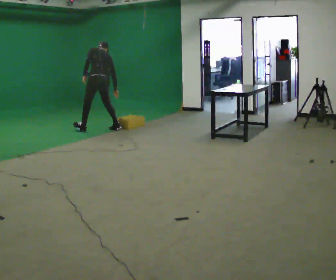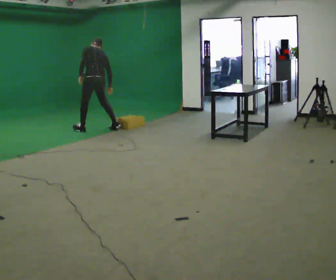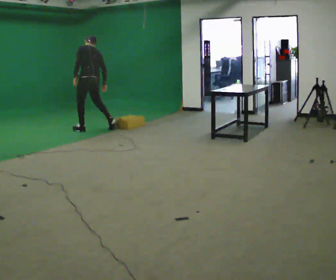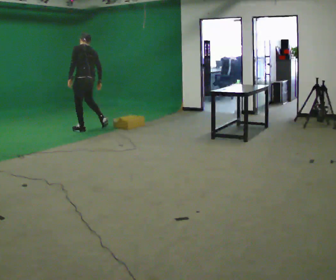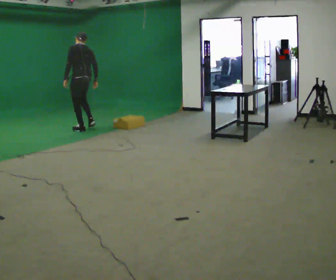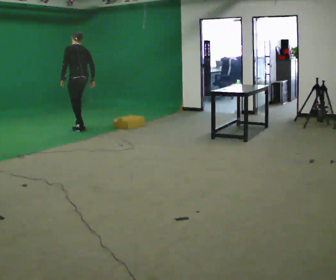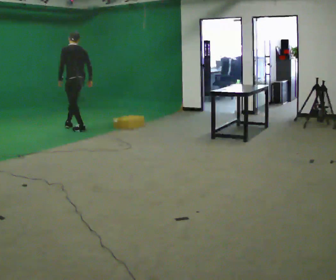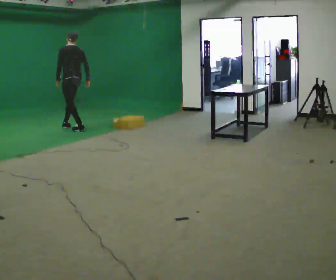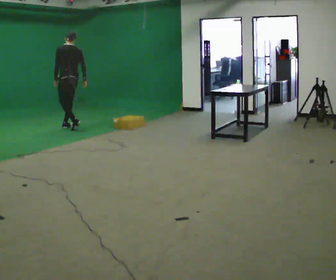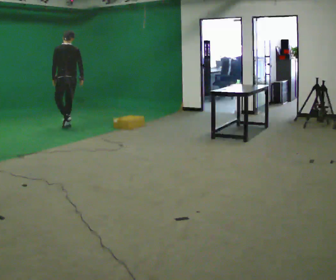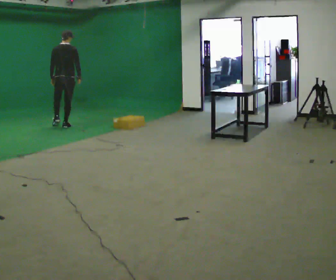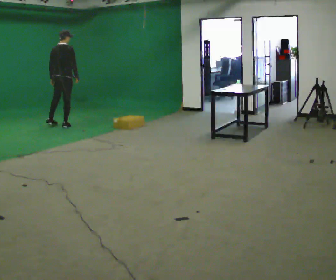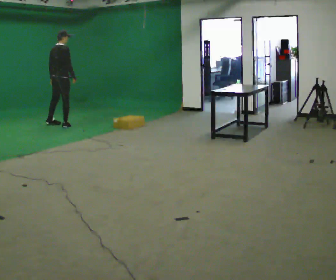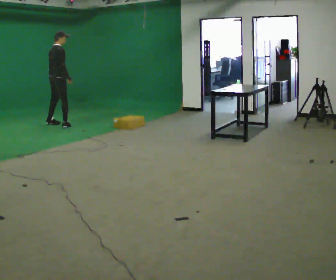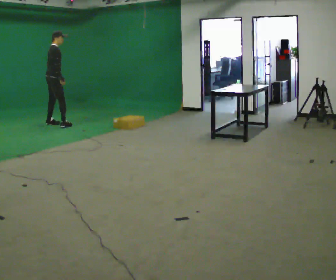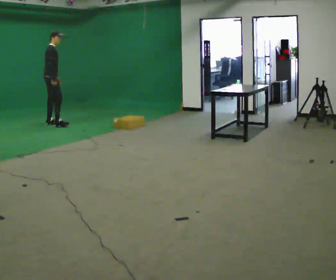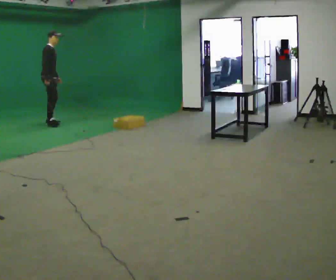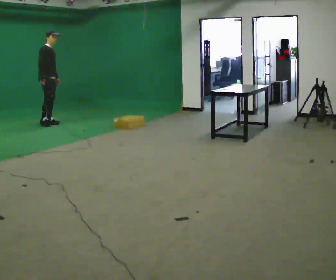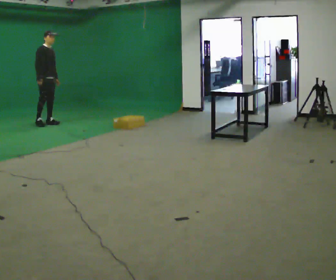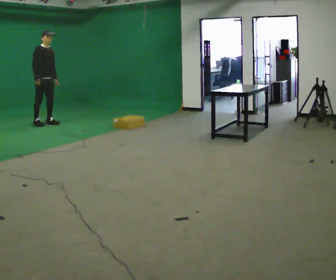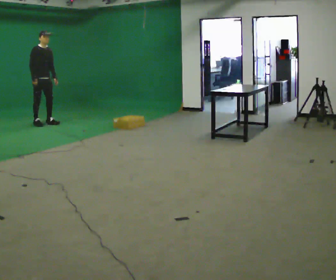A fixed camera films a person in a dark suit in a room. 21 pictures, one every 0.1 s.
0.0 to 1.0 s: The person turns about 45 degrees to their right, clockwise seen from above, so the part of the body nearest the lens slides to the left. In the picture they go to the left and away from the camera, about 1 m in 2 steps, which for them is forward. The upper body tips toward the camera, its near side rolling downward, as they lean back or straighten.
1.0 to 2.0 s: Seen from above the body turns clockwise, about 120 degrees: to their right, with its near side sliding to the left. In the picture they go to the left and away from the camera, about 0.5 m in 2 steps.
The film runs forward here.
